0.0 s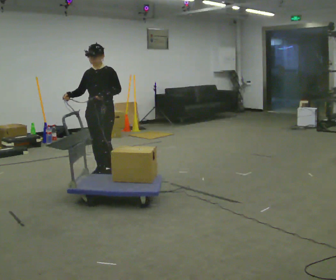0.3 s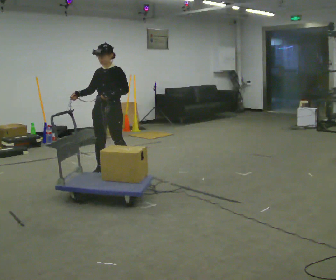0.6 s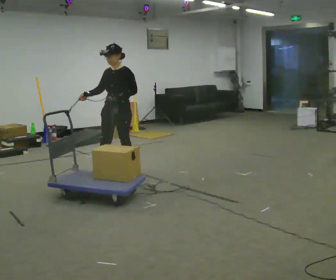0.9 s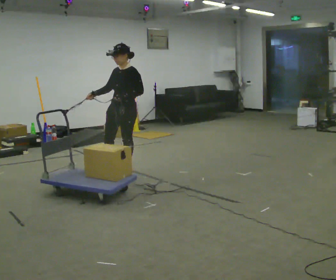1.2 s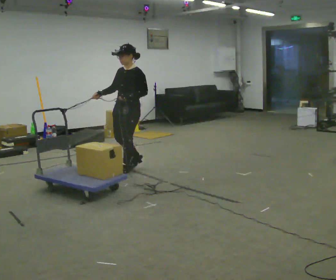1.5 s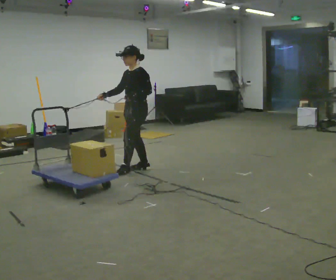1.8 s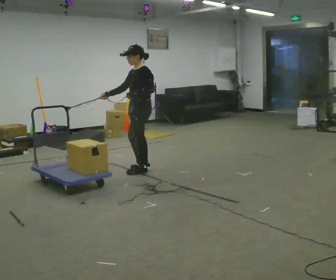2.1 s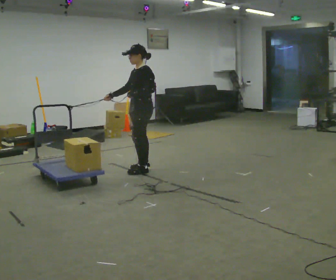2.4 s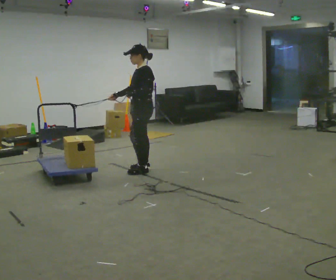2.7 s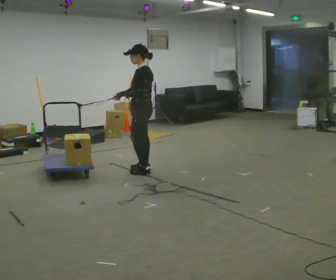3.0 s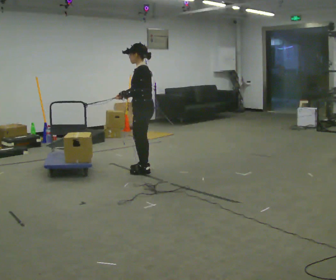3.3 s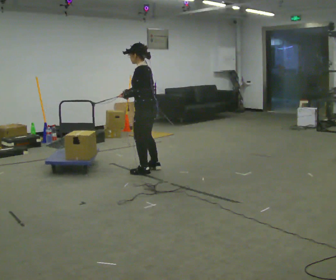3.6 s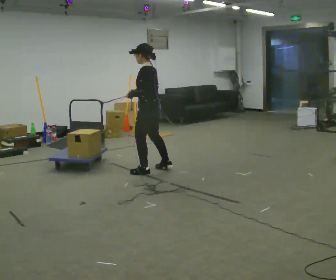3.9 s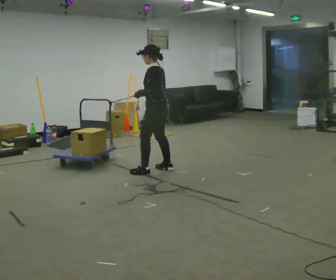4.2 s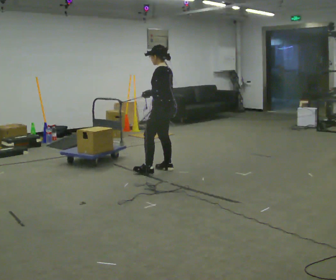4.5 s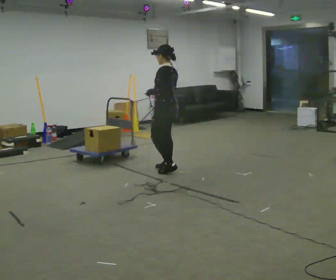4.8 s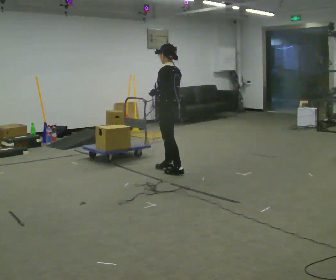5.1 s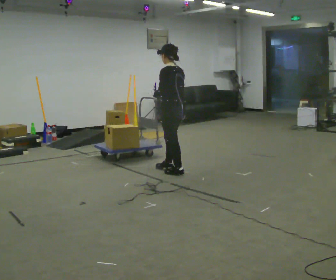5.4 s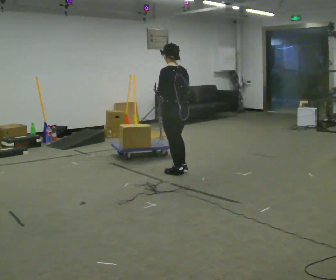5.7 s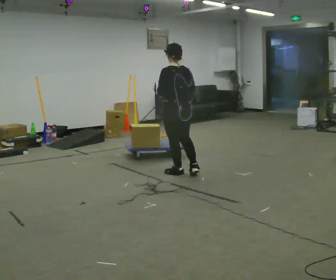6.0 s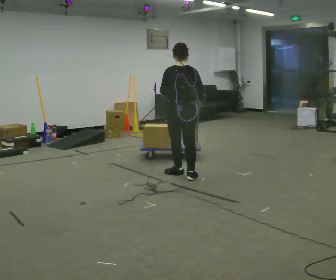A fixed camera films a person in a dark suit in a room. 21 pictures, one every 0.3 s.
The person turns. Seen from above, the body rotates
clockwise.
The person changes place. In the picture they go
to the right.
0.0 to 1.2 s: In the picture they go to the right and away from the camera, about 0.25 m in 1 step, which for them is backward and to their left.
1.2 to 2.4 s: Seen from above the body turns clockwise, about 30 degrees: to their right, with its near side sliding to the left. In the picture they go to the right, about 0.25 m in 2 steps, which for them is backward.
2.4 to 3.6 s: The part of the body nearest the lens slides to the left as the person turns to their right by about 45 degrees.
3.6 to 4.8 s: In the picture they go to the right, about 0.25 m in 1 step, which for them is backward.
4.8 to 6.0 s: Seen from above the body turns clockwise, about 60 degrees: to their right, with its near side sliding to the left. In the picture they go toward the camera, about 0.25 m in 1 step, which for them is backward.
The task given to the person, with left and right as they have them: Hold the rope in both hands and drag the sled towards you as you walk backward. The operator will confirm the space behind you is clear.
The film runs forward here.
